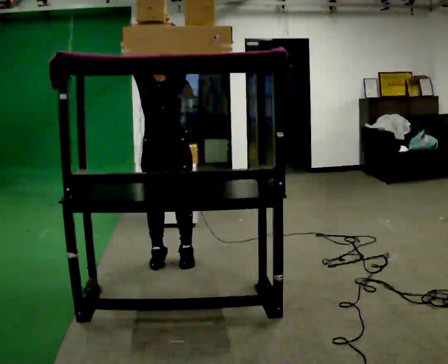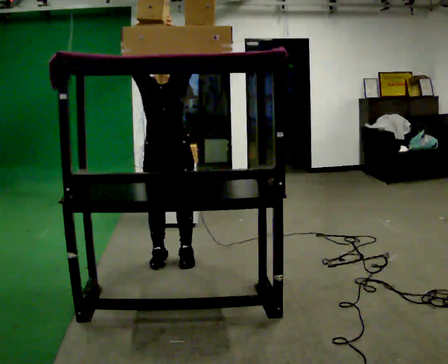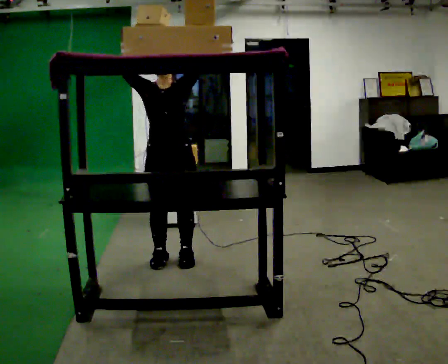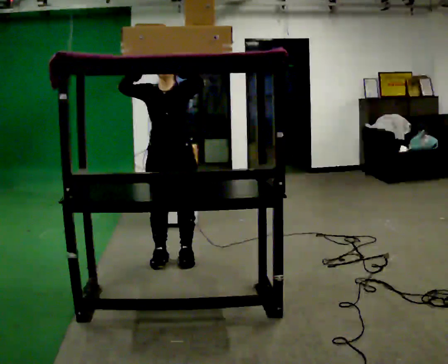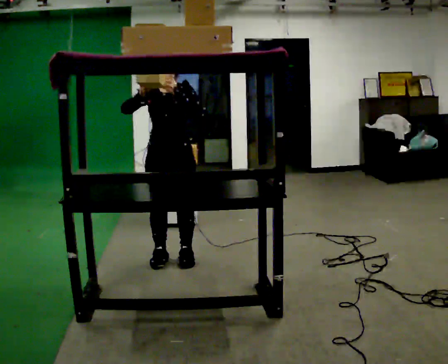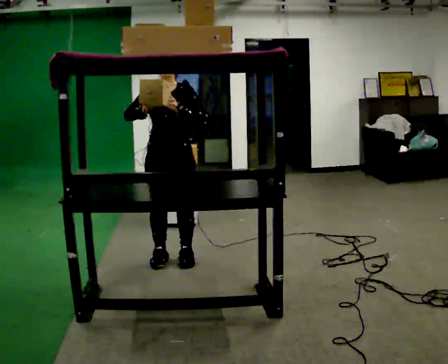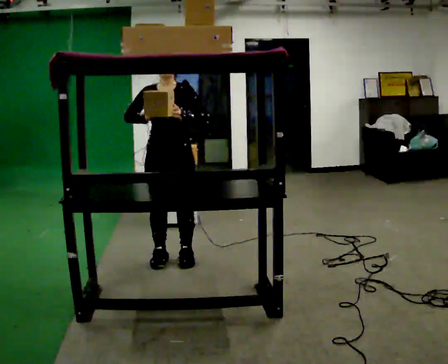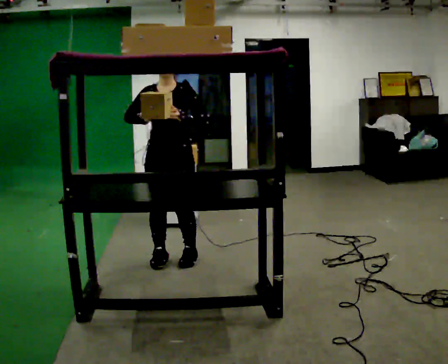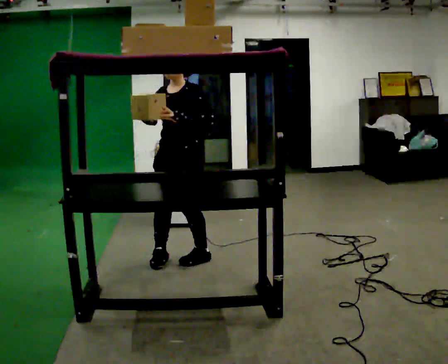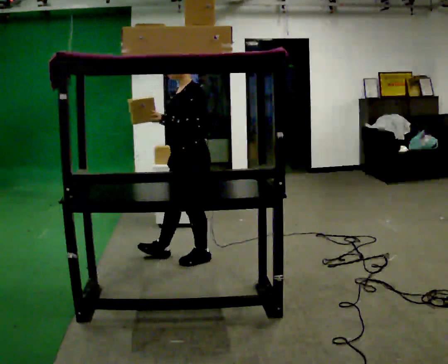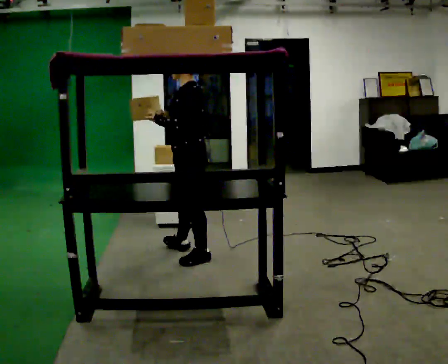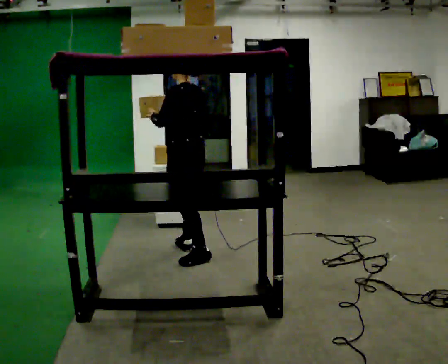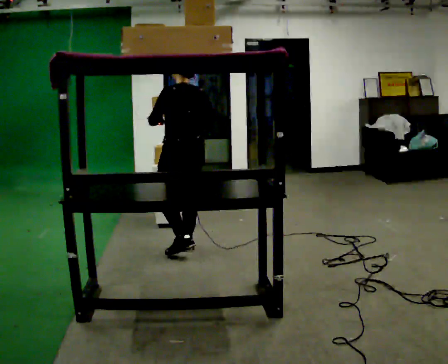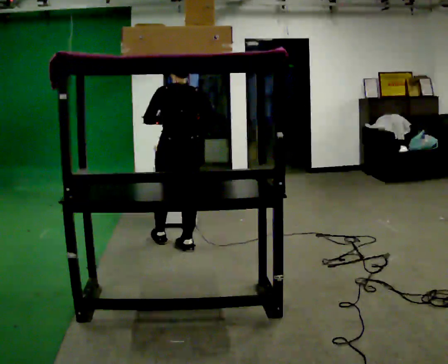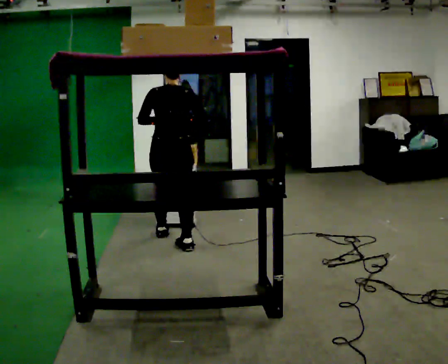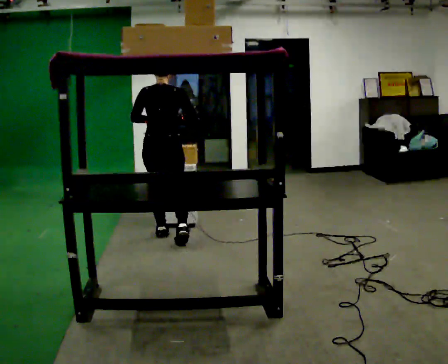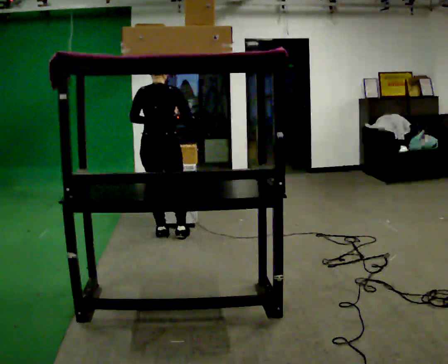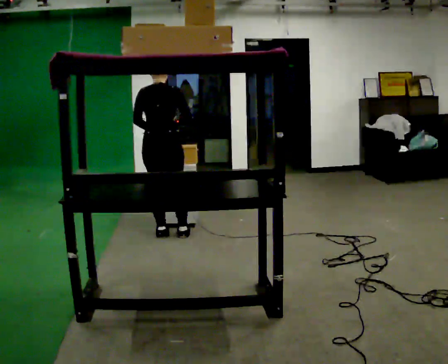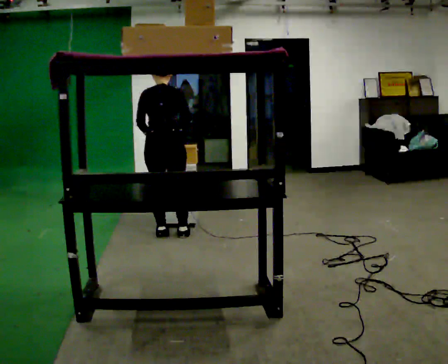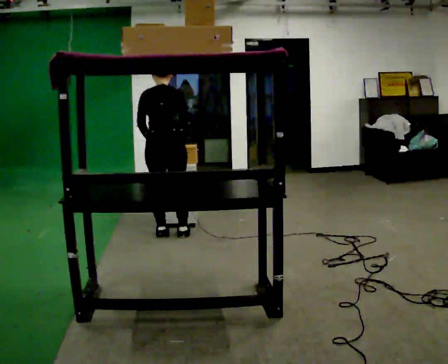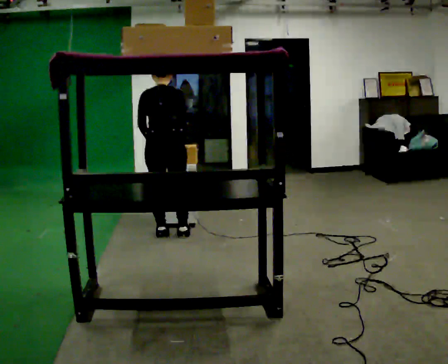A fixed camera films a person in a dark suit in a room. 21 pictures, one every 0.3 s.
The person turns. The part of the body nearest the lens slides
to the left.
Their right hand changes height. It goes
downward.
0.0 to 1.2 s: In the picture their right hand goes downward.
1.2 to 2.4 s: The part of the body nearest the lens slides to the left as the person turns to their right by about 30 degrees.
2.4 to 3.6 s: The part of the body nearest the lens slides to the left as the person turns to their right by about 105 degrees. In the picture they go away from the camera, about 0.25 m in 1 step.
3.6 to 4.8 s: Seen from above the body turns clockwise, about 45 degrees: to their right, with its near side sliding to the left. In the picture they go away from the camera and to the left, about 0.5 m in 1 step, which for them is forward and to their left.
4.8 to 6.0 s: The upper body tips away from the camera, its near side rolling upward, as they bend forward.
The film runs forward here.
